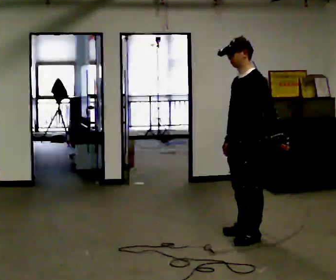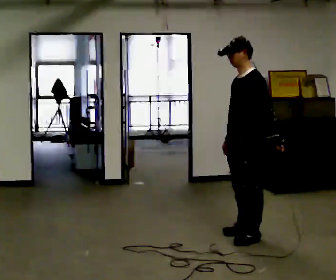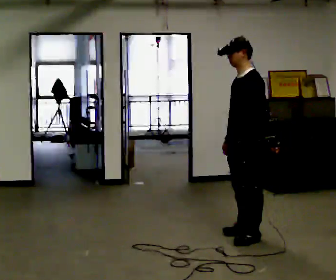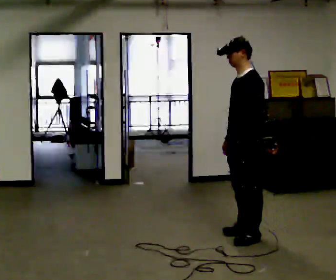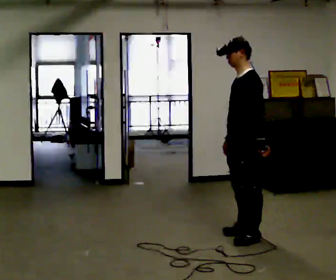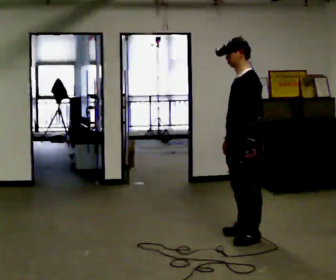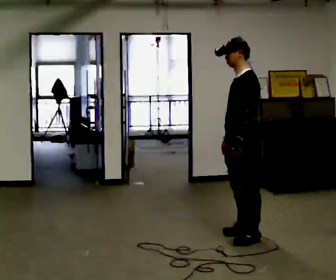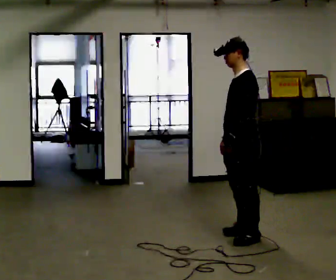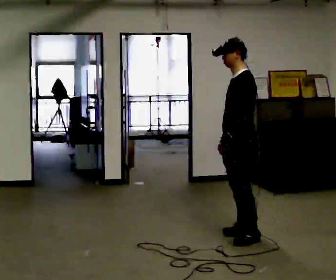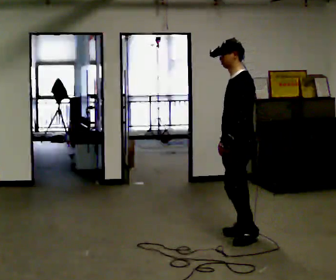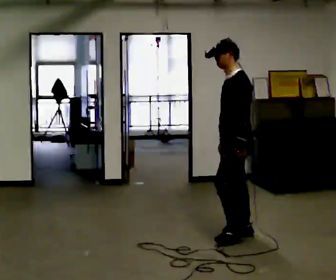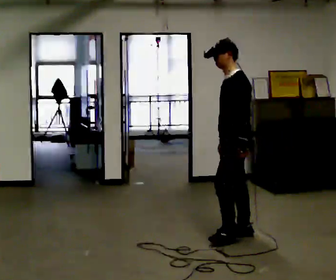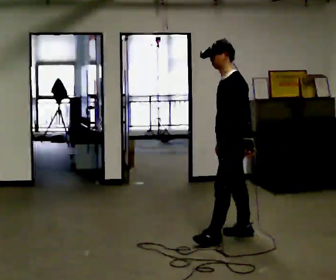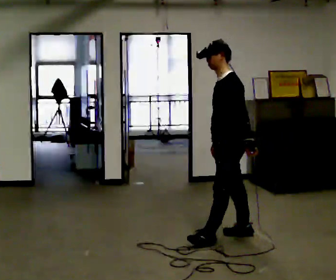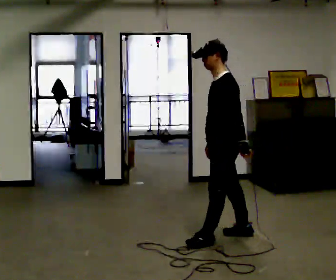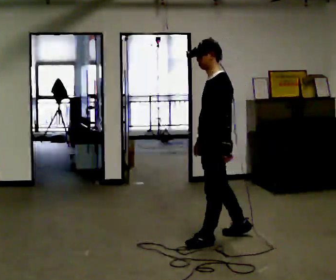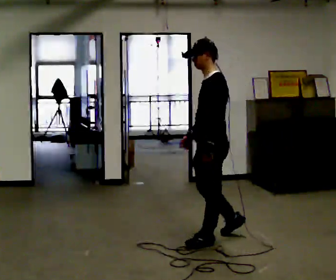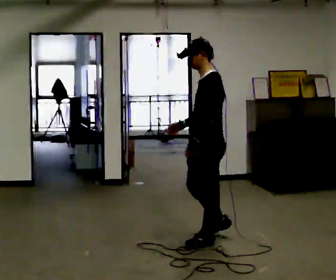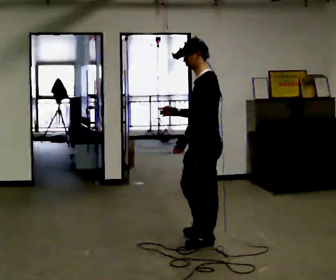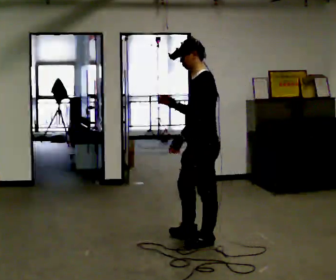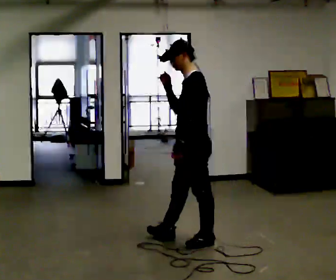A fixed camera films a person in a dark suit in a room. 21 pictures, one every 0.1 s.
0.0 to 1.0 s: The person moves a little, or ends about where they began.
1.0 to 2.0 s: In the picture they go to the left and toward the camera, about 0.5 m in 1 step, which for them is forward. In the picture their right hand goes upward.
The film runs forward here.
